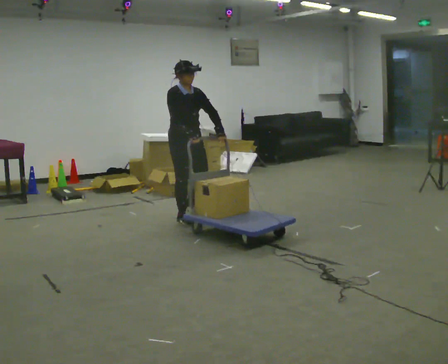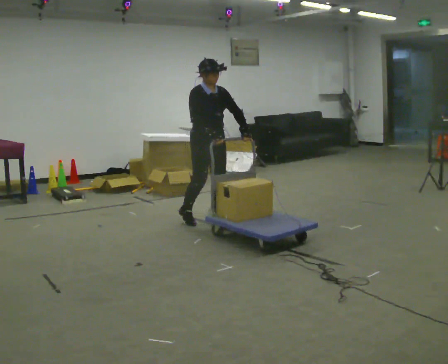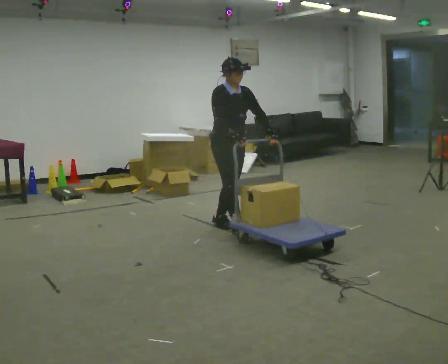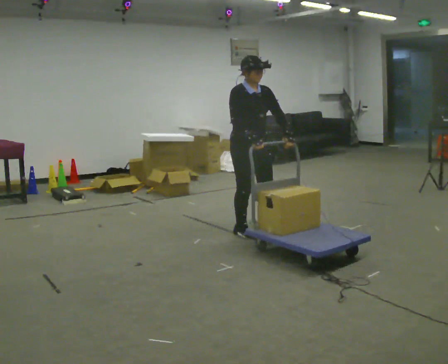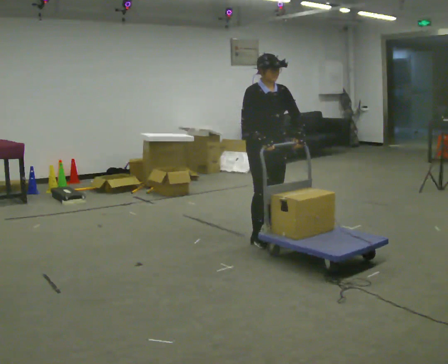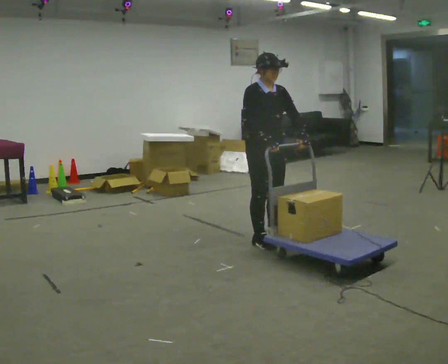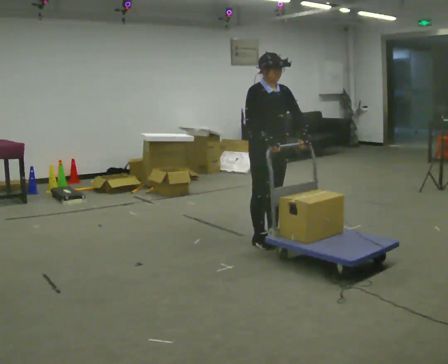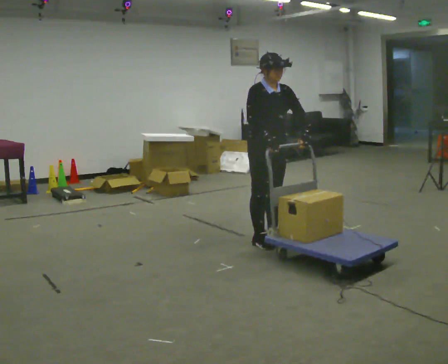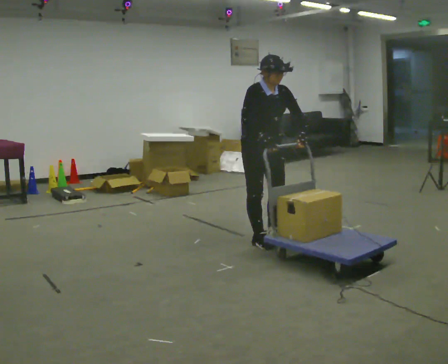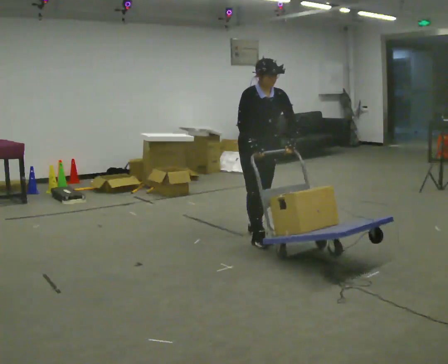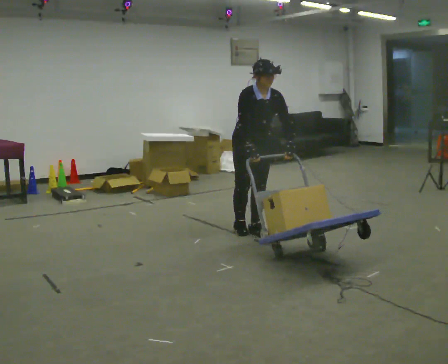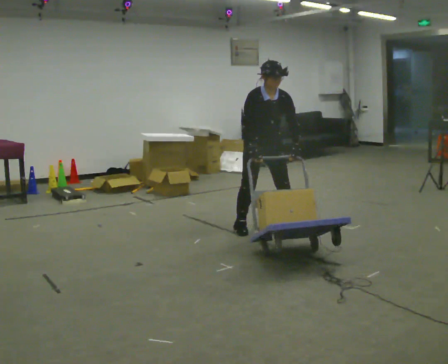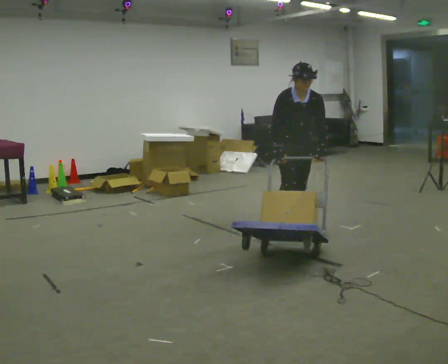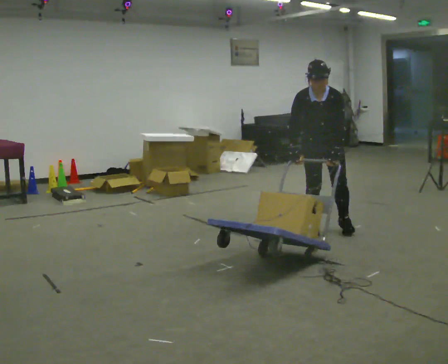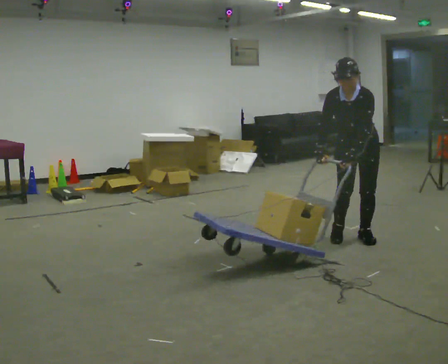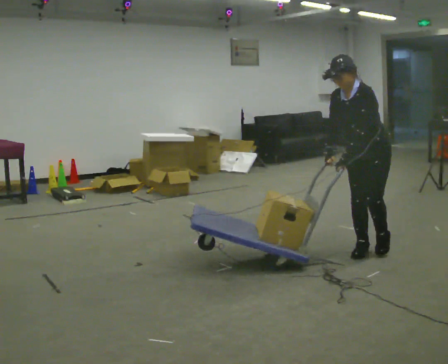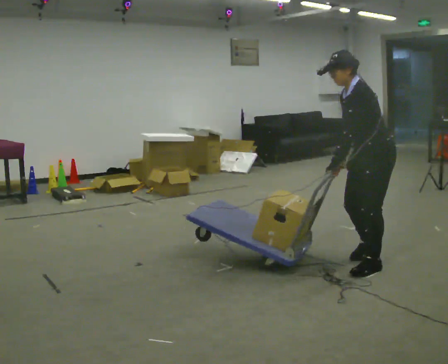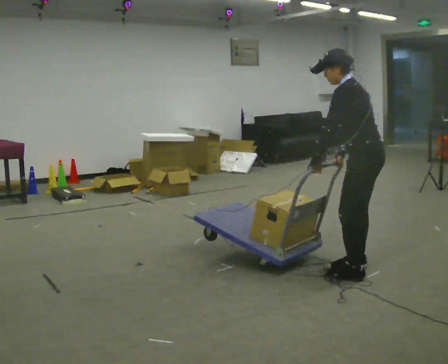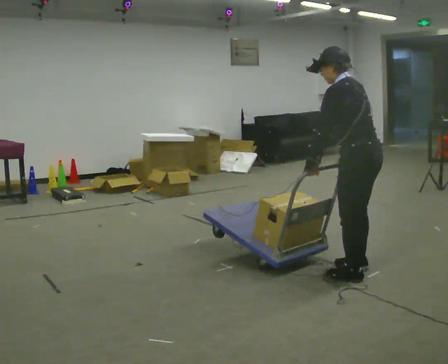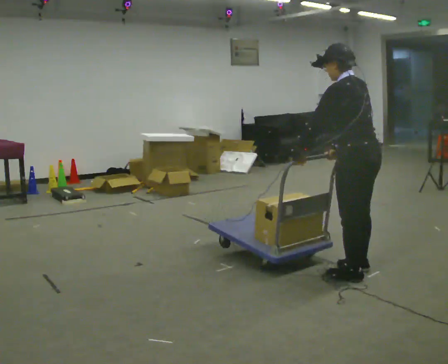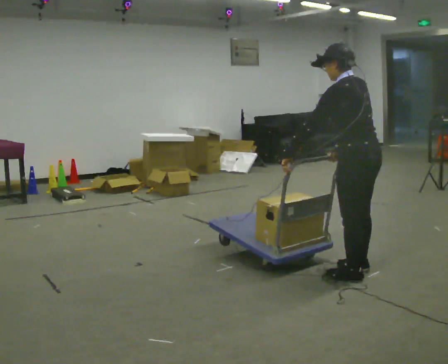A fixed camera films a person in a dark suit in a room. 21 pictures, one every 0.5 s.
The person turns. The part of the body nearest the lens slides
to the left.
The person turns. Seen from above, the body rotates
clockwise.
0.0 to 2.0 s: In the picture they go to the right and toward the camera, about 1 m in 3 steps, which for them is forward.
2.0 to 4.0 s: The person moves a little, or ends about where they began.
4.0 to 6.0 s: In the picture they go away from the camera and to the right, about 0.5 m in 3 steps, which for them is to their left and backward.
6.0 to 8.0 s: The part of the body nearest the lens slides to the left as the person turns to their right by about 105 degrees. In the picture they go toward the camera and to the right, about 1.5 m in 4 steps. In the picture the upper body tilts counterclockwise, shoulders to the left.
8.0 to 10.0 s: The person turns about 45 degrees to their right, clockwise seen from above, so the part of the body nearest the lens slides to the left. In the picture they go toward the camera, about 0.25 m in 2 steps, which for them is to their left.
The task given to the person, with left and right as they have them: Stand still with your hands on the cart. When the operator says go, get it moving, push it a few metres, then bring it to a stop. Repeat until the operator says stop.
The film runs forward here.
